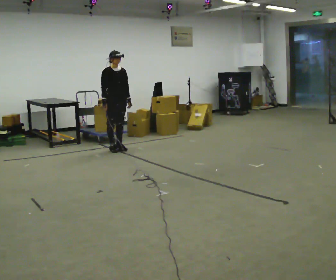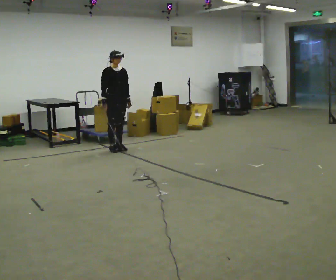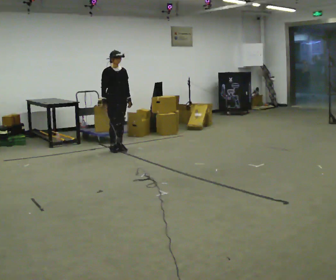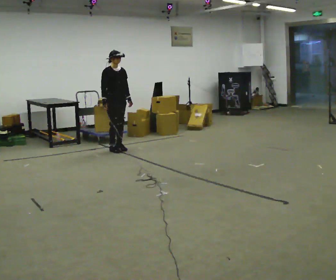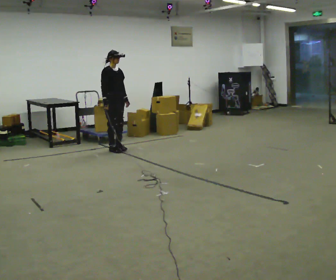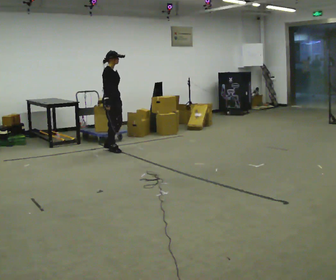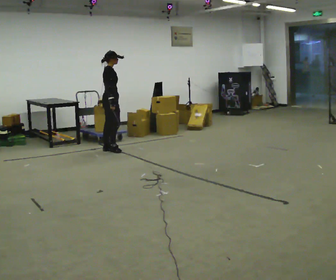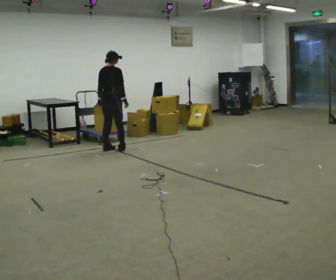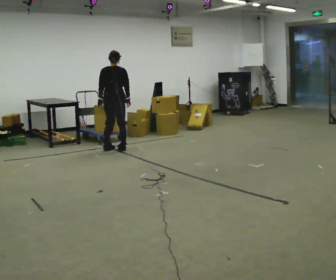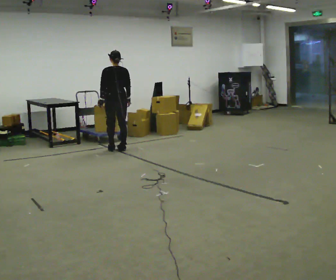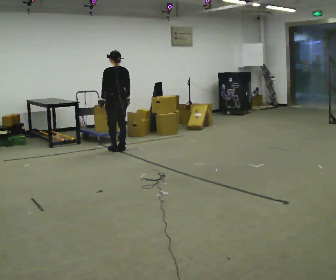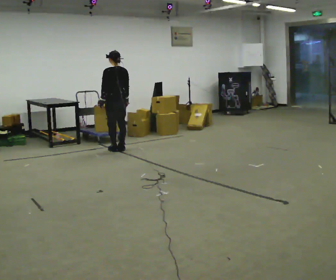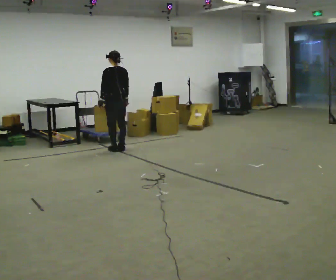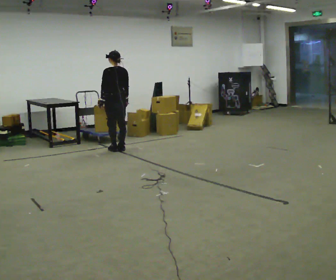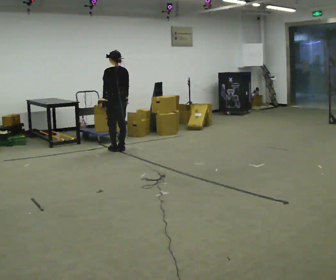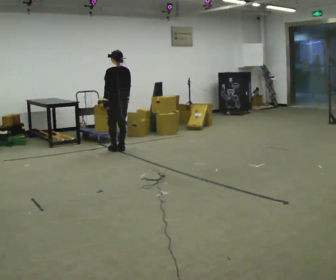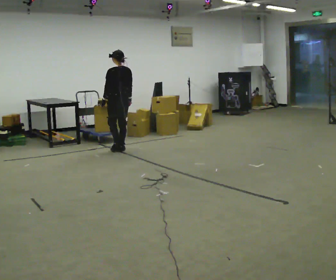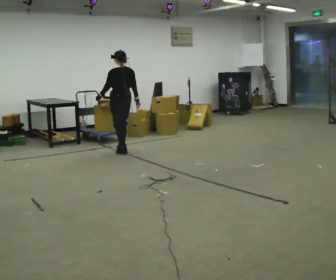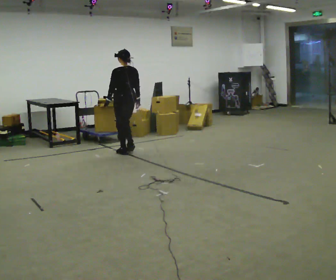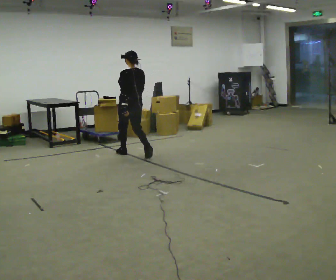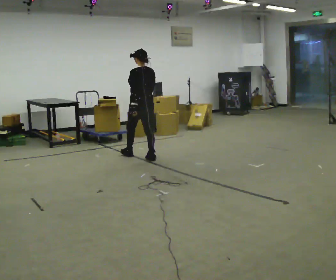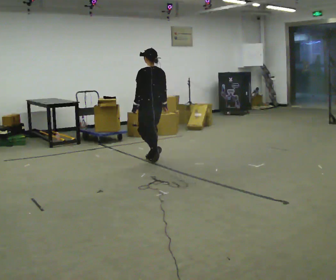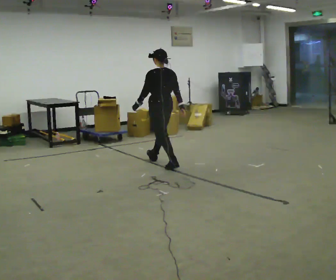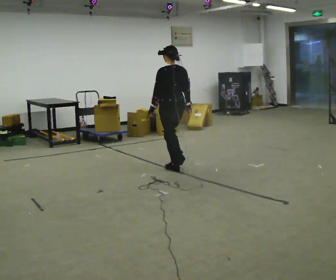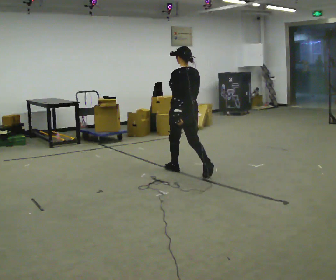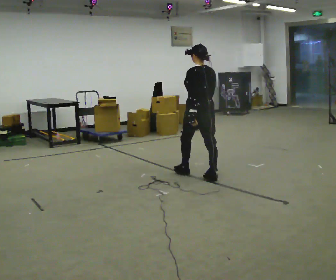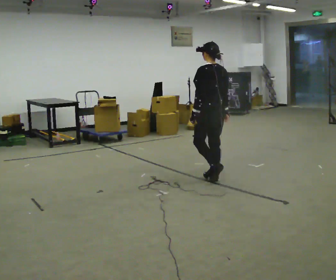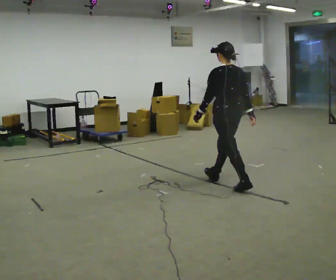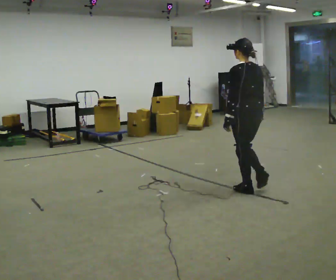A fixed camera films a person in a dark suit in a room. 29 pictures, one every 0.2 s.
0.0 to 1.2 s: The part of the body nearest the lens slides to the right as the person turns to their left by about 60 degrees.
1.2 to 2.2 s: The part of the body nearest the lens slides to the right as the person turns to their left by about 105 degrees. In the picture they go to the right, about 0.25 m in 2 steps.
2.2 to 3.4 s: The person moves a little, or ends about where they began.
3.4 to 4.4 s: In the picture they go toward the camera and to the right, about 1 m in 3 steps, which for them is backward.
4.4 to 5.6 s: In the picture they go toward the camera and to the right, about 1.5 m in 2 steps, which for them is backward.
The film runs backward here.
